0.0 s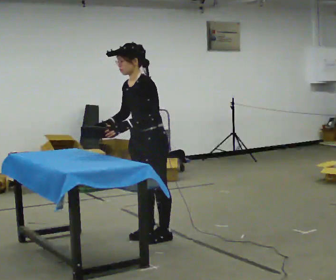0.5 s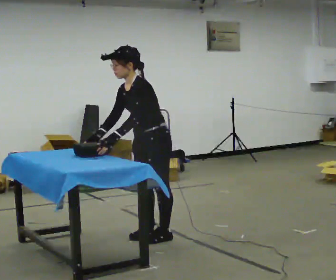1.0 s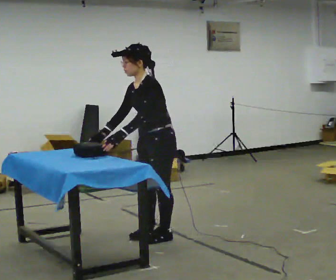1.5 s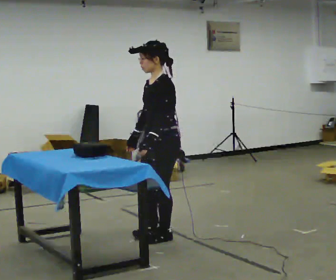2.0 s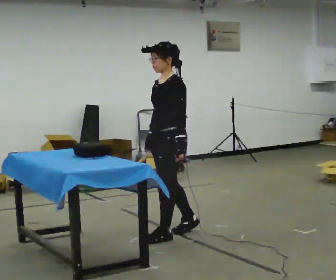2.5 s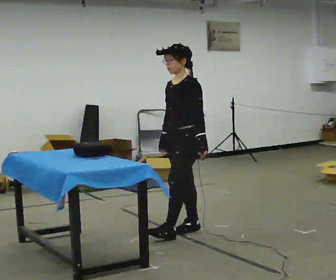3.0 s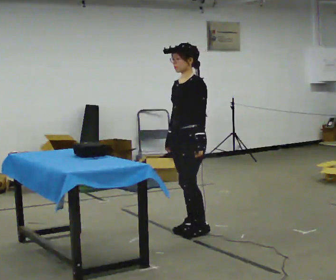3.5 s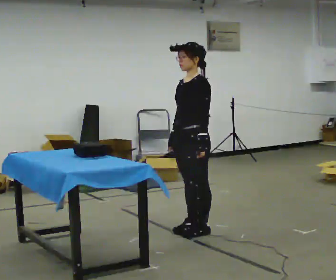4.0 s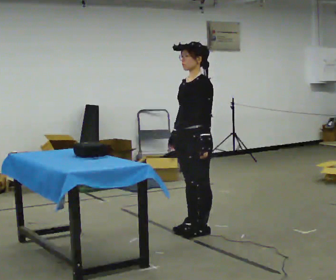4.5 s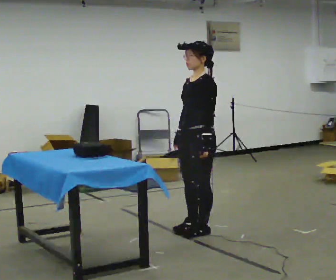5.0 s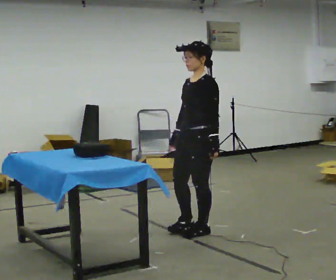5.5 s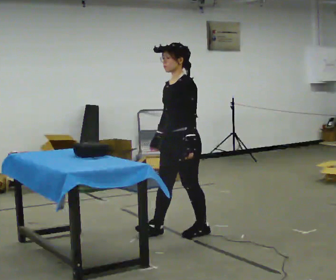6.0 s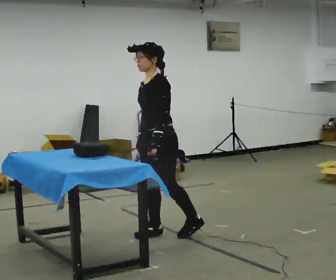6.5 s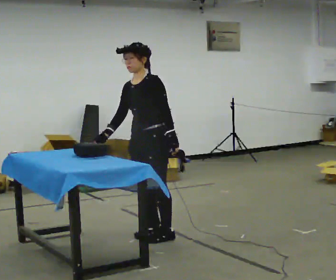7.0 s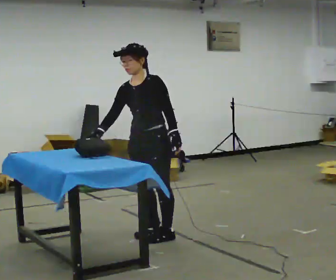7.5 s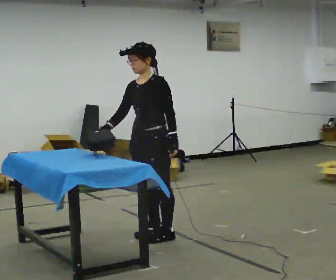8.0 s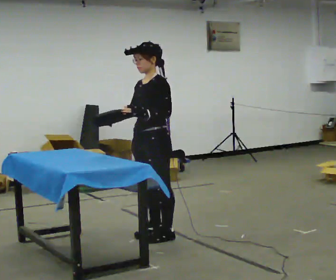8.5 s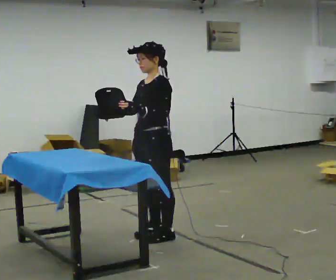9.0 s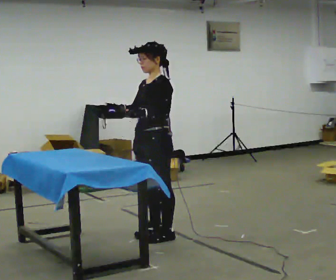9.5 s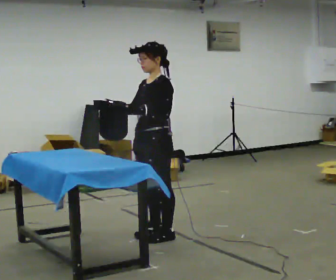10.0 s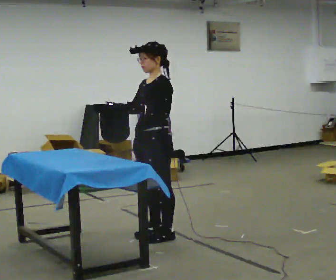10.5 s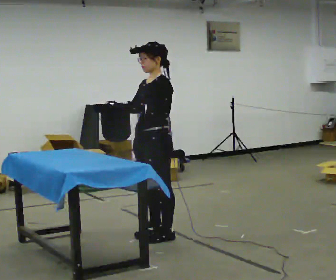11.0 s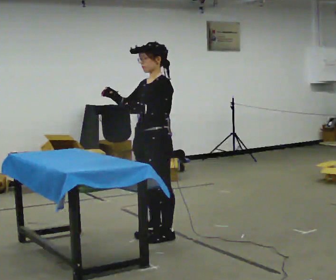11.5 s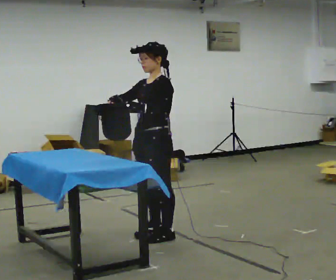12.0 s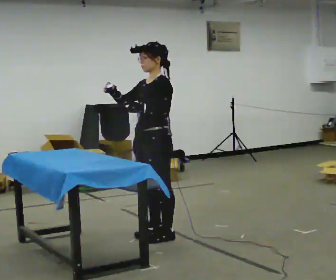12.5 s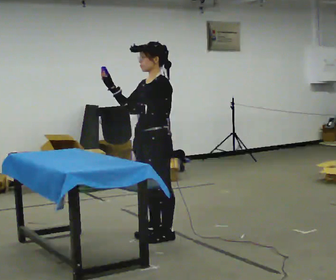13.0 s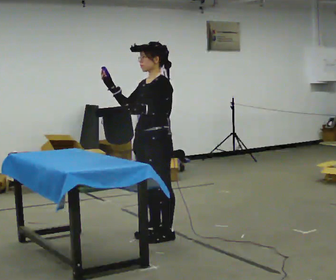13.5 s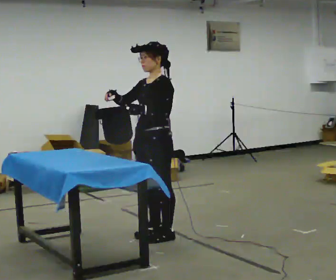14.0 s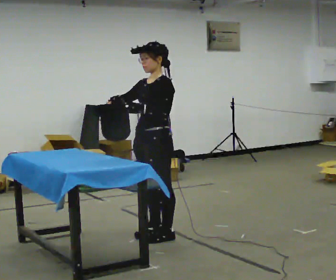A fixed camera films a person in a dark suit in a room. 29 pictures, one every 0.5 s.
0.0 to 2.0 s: In the picture they go to the right, about 0.25 m in 1 step, which for them is backward. In the picture their right hand goes to the right.
2.0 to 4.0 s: In the picture they go to the right, about 0.25 m in 1 step, which for them is backward.
4.0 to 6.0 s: In the picture they go to the left, about 0.25 m in 2 steps, which for them is forward.
6.0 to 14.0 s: In the picture their right hand goes upward.
The film runs backward here.
